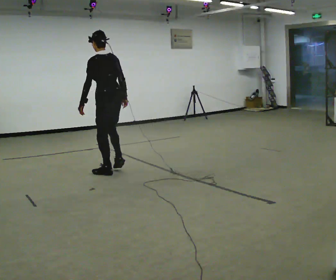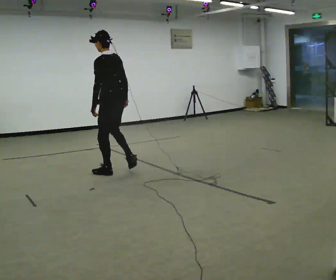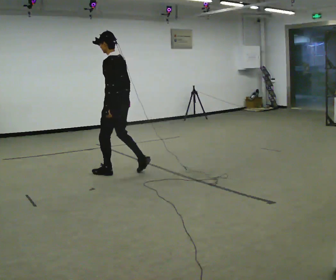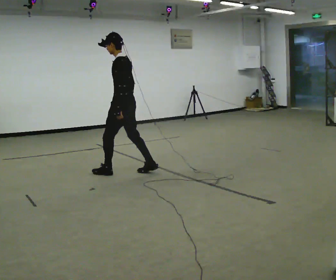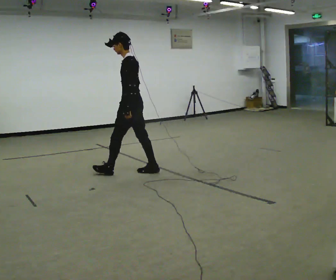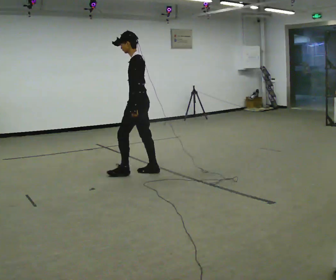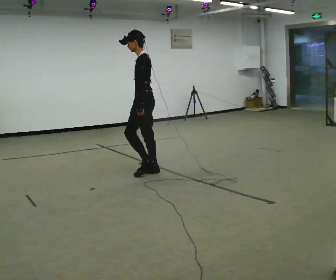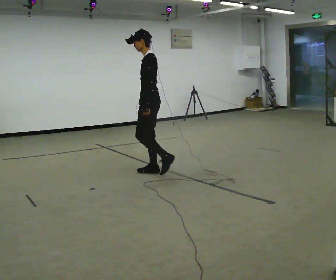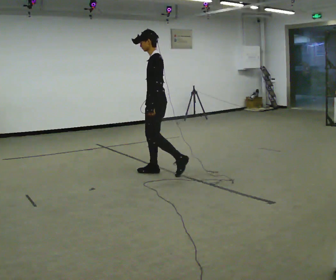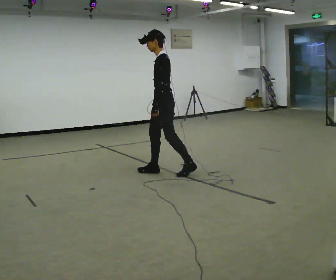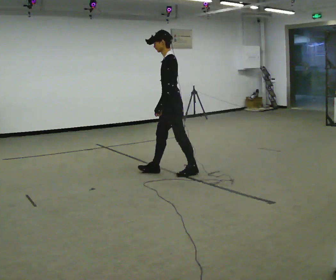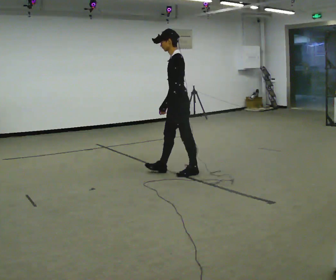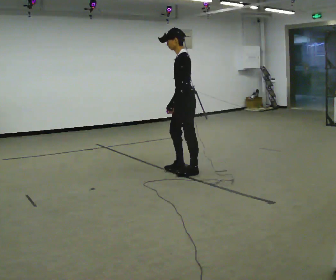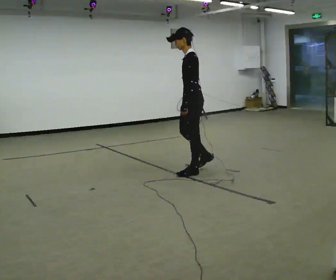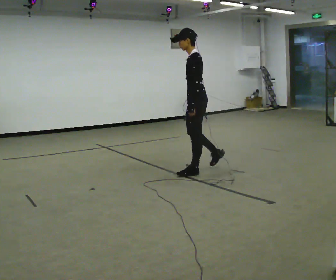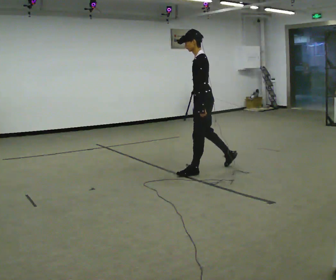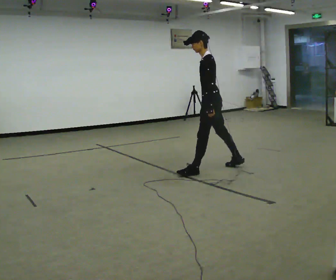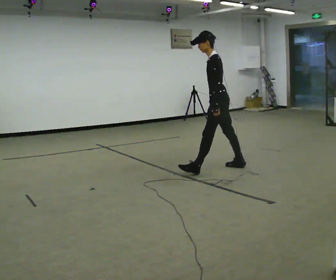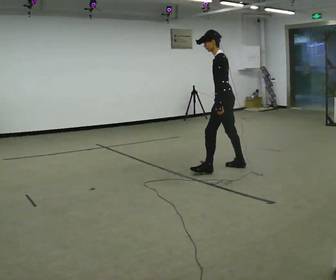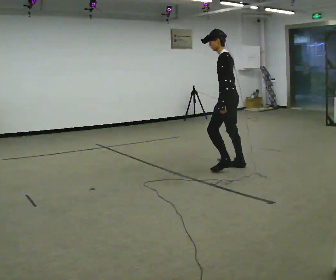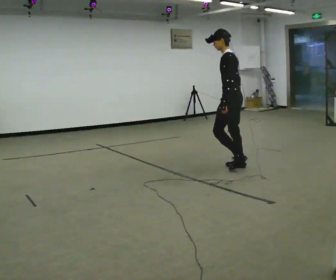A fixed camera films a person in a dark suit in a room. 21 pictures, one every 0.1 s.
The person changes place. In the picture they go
to the right.
0.0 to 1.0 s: The person turns about 45 degrees to their left, counterclockwise seen from above, so the part of the body nearest the lens slides to the right. In the picture they go to the right, about 0.5 m in 1 step, which for them is backward.
1.0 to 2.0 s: In the picture they go to the right, about 1 m in 2 steps, which for them is backward.
The film runs backward here.
